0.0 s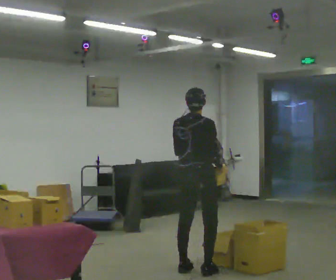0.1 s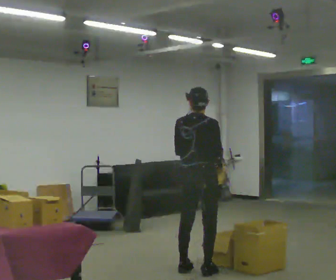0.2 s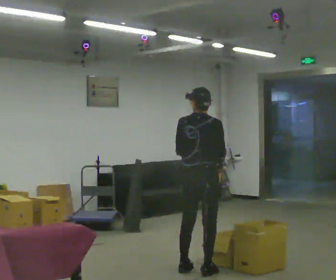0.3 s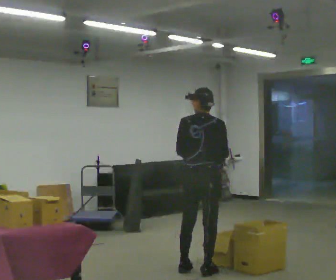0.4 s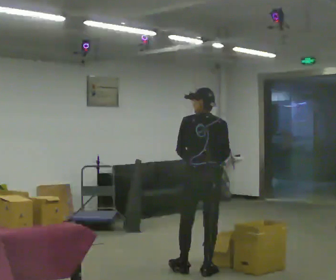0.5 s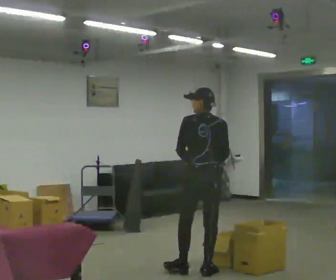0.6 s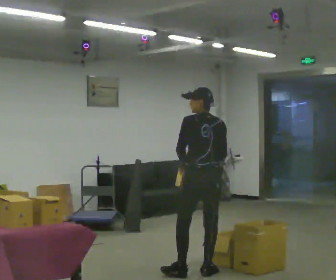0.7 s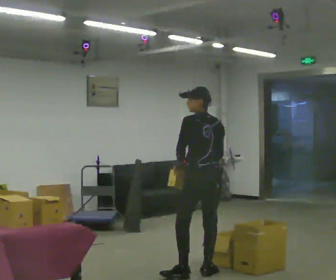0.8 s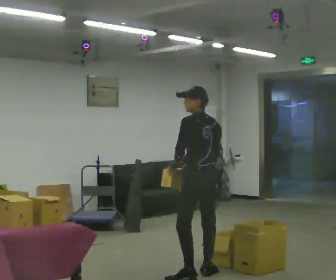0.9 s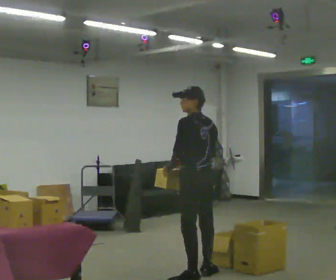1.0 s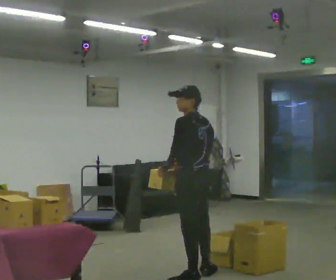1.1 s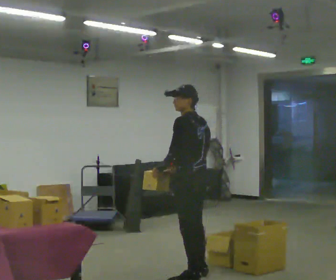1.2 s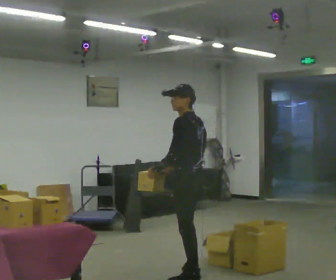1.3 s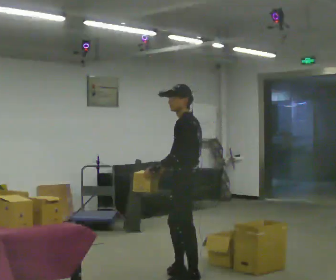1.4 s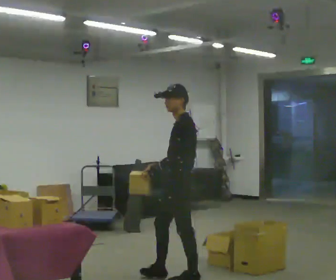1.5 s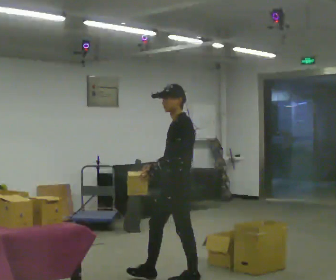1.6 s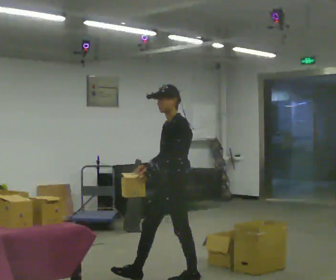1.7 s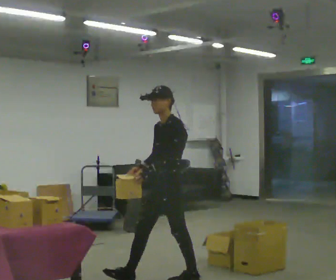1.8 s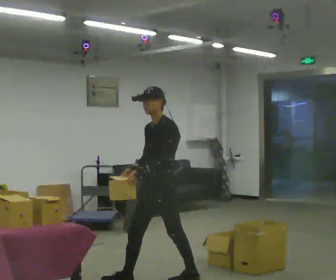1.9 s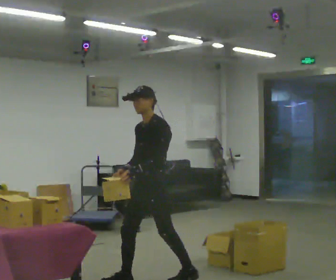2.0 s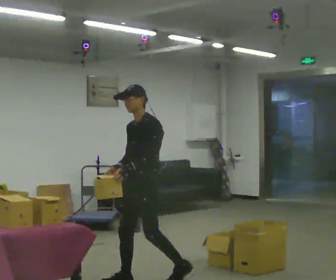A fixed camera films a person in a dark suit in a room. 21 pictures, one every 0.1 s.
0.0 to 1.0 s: The person turns about 75 degrees to their left, counterclockwise seen from above, so the part of the body nearest the lens slides to the right. In the picture they go toward the camera, about 0.25 m in 1 step.
1.0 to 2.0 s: The person turns about 75 degrees to their left, counterclockwise seen from above, so the part of the body nearest the lens slides to the right. In the picture they go to the left, about 0.5 m in 1 step.
The film runs forward here.
